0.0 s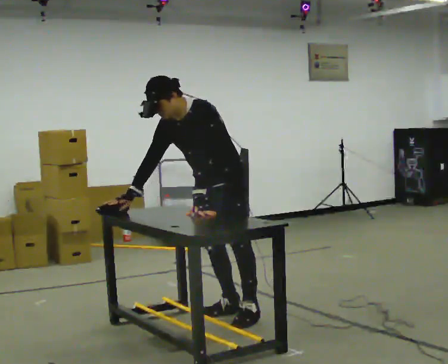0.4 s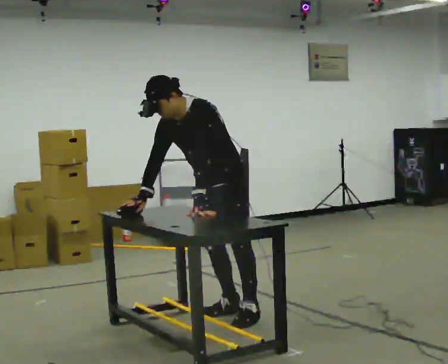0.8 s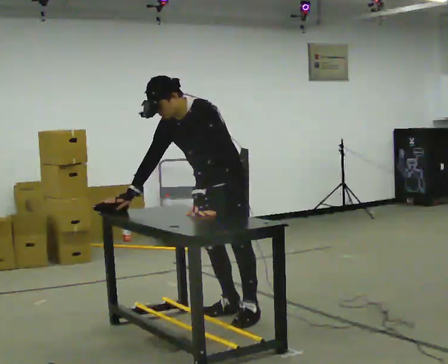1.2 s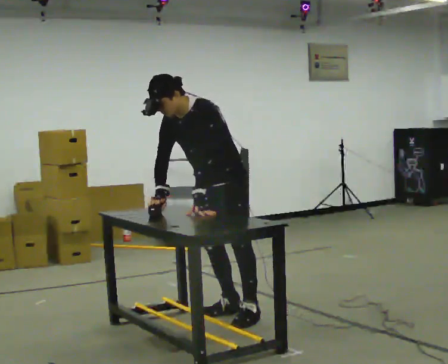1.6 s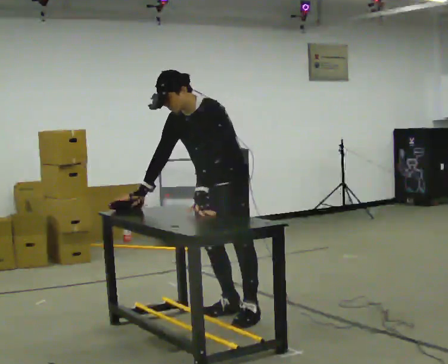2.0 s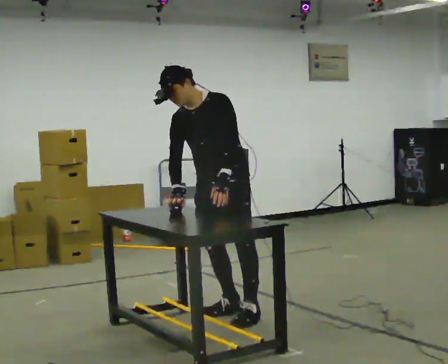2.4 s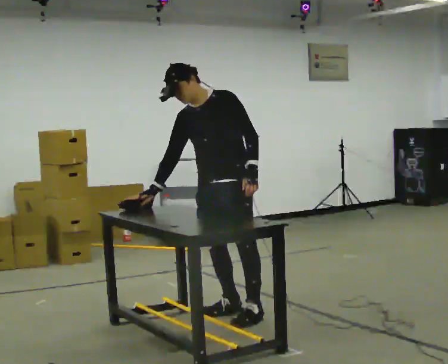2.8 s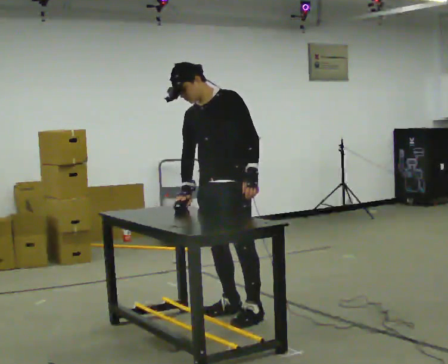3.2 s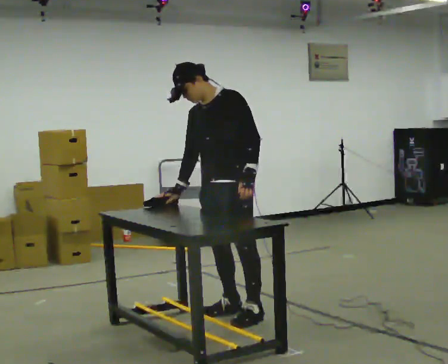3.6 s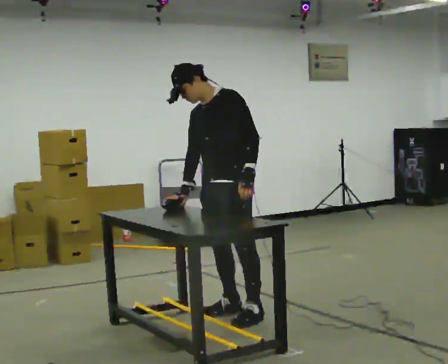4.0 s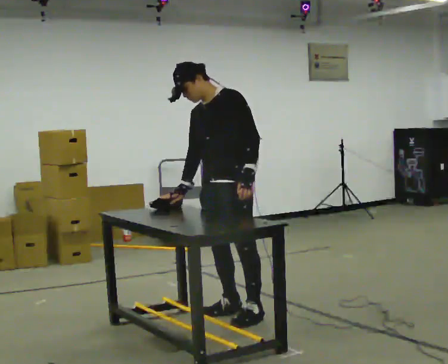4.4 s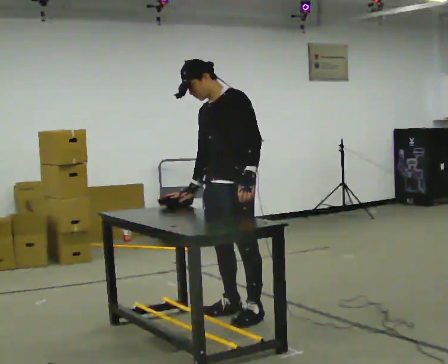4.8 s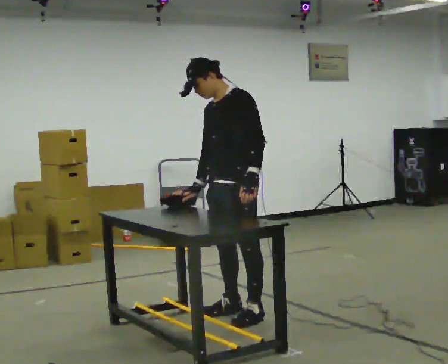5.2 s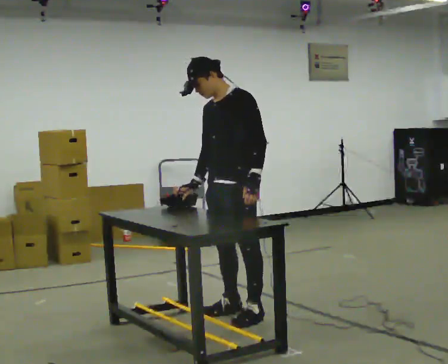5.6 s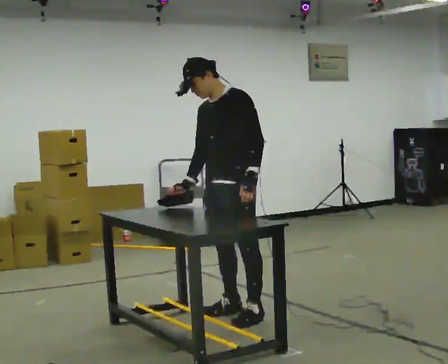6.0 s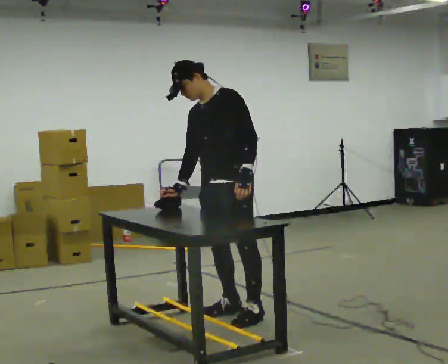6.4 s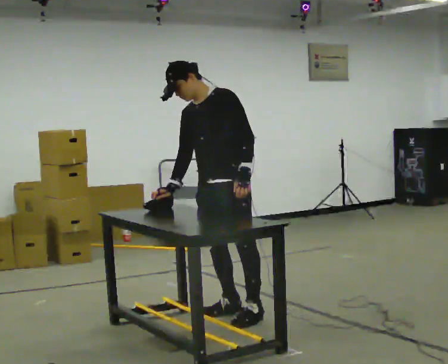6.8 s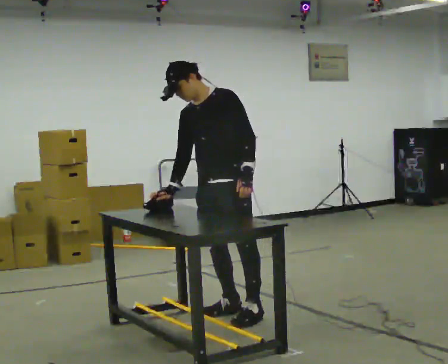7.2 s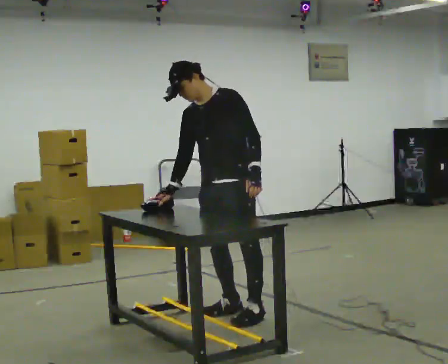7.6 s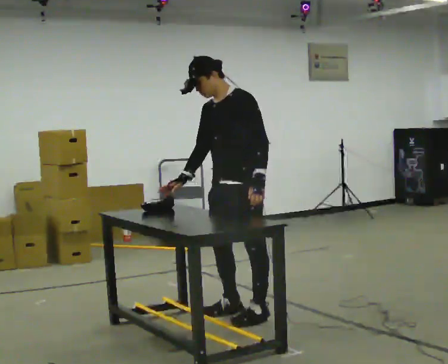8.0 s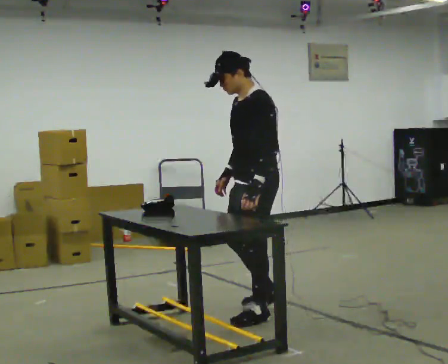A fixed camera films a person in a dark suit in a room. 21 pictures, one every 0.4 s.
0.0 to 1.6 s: The person moves a little, or ends about where they began.
1.6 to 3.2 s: The upper body tips away from the camera, its near side rolling upward, as they lean back or straighten.
3.2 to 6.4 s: The person moves a little, or ends about where they began.
6.4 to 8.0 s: Seen from above the body turns clockwise, about 30 degrees: to their right, with its near side sliding to the left. In the picture they go to the right, about 0.25 m in 1 step, which for them is to their left. In the picture their right hand goes to the right.
The film runs backward here.
